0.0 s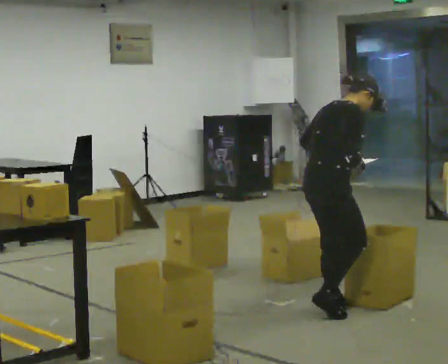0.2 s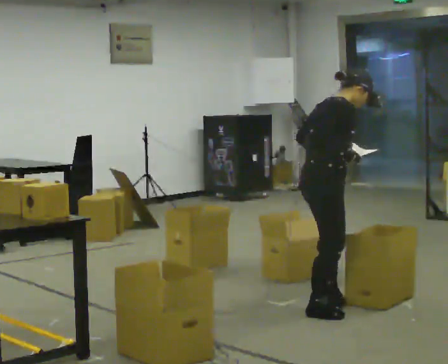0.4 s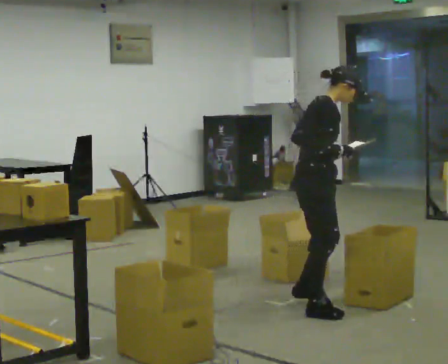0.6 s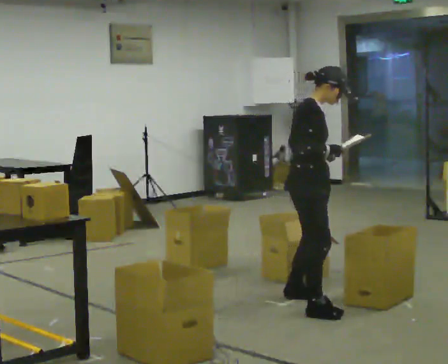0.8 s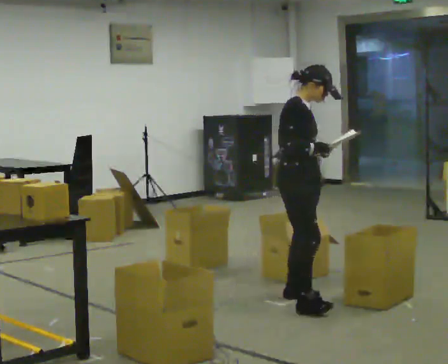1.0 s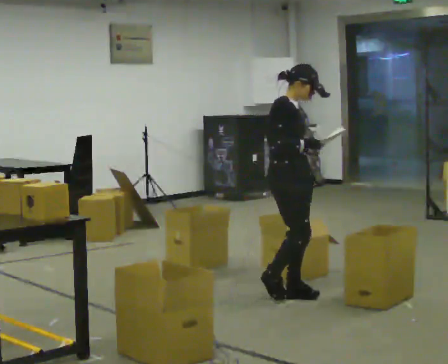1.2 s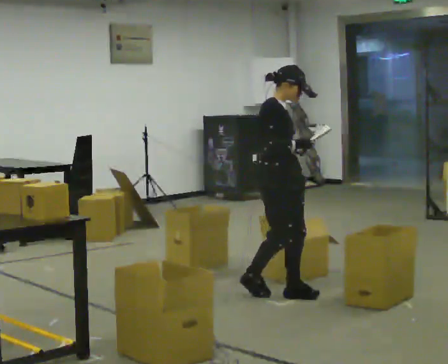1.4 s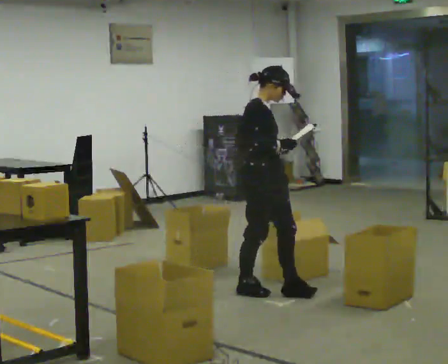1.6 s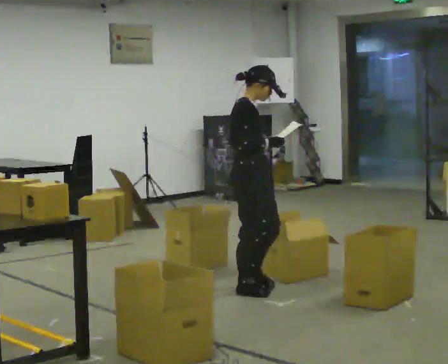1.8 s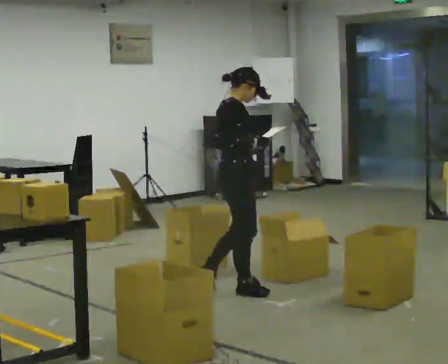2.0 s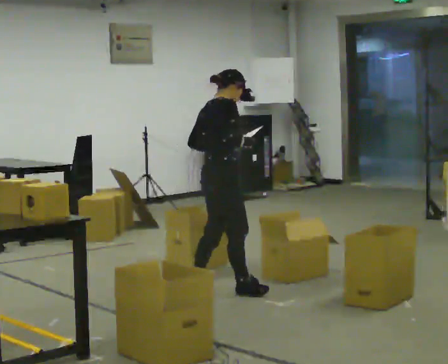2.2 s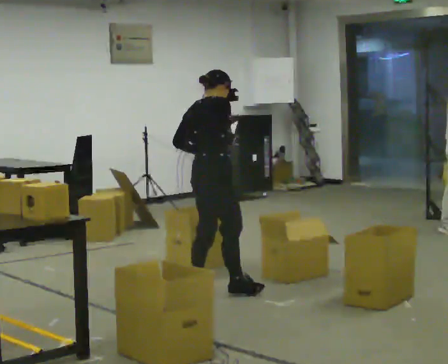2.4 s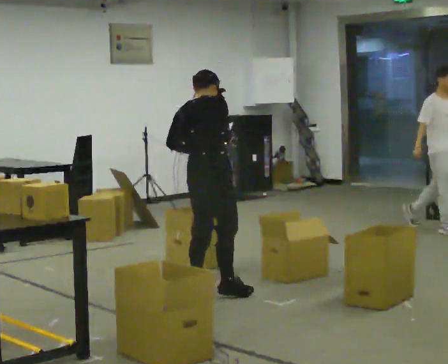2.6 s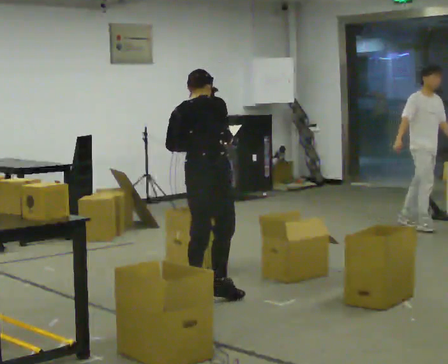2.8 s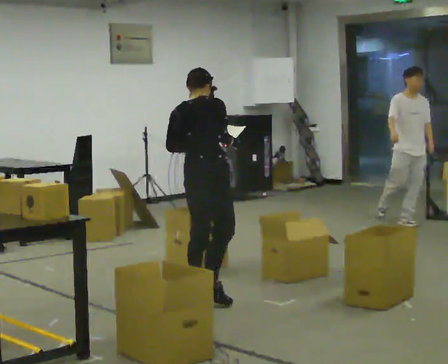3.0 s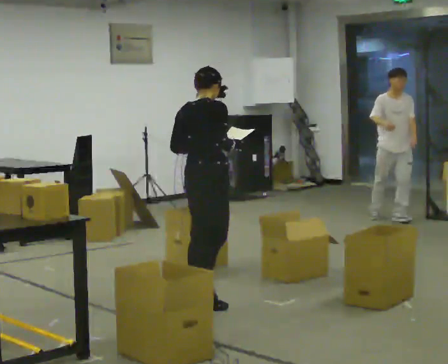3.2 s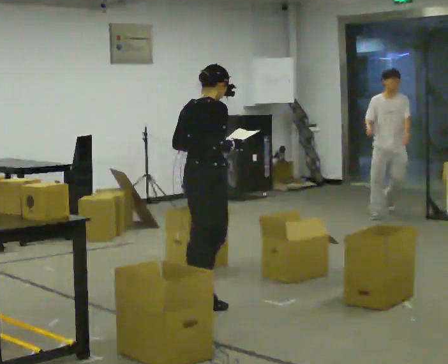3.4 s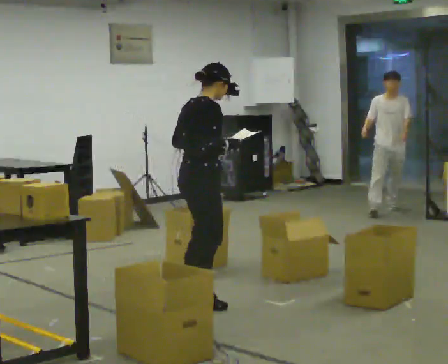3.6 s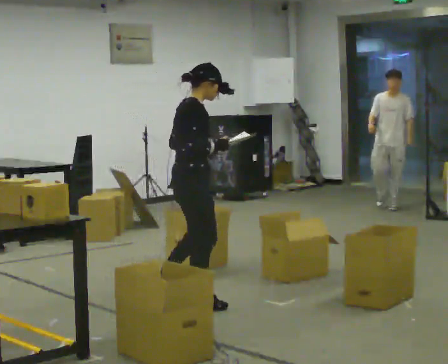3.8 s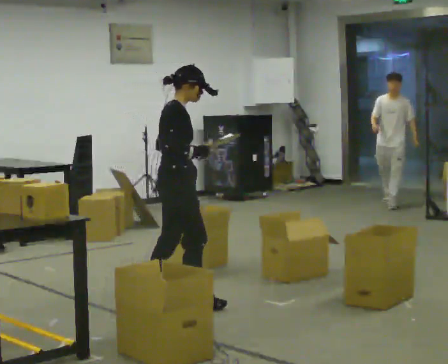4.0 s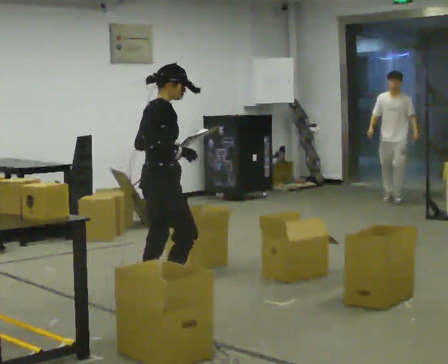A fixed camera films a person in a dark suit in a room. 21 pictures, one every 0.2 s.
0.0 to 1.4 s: The part of the body nearest the lens slides to the left as the person turns to their right by about 45 degrees. In the picture they go away from the camera and to the left, about 0.5 m in 3 steps, which for them is backward and to their left. In the picture the upper body tilts counterclockwise, shoulders to the left, as they lean back or straighten.
1.4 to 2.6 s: The part of the body nearest the lens slides to the right as the person turns to their left by about 75 degrees. In the picture they go to the left, about 0.25 m in 1 step. The upper body tips away from the camera, its near side rolling upward.
2.6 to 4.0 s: The person turns about 30 degrees to their right, clockwise seen from above, so the part of the body nearest the lens slides to the left. In the picture they go to the left and toward the camera, about 0.5 m in 2 steps, which for them is backward.
The film runs backward here.
